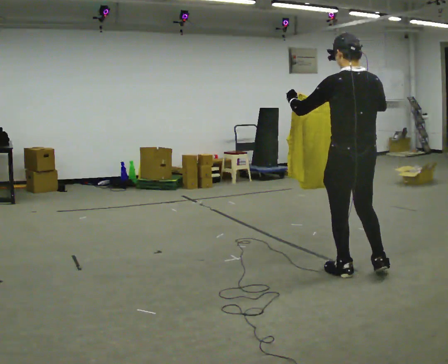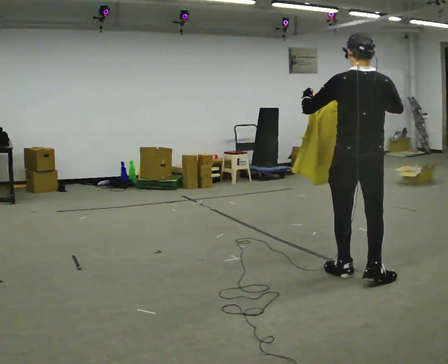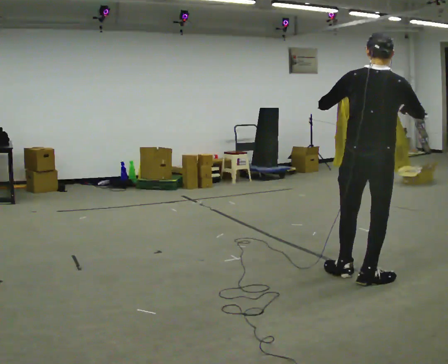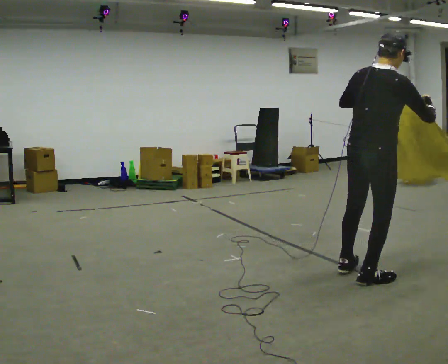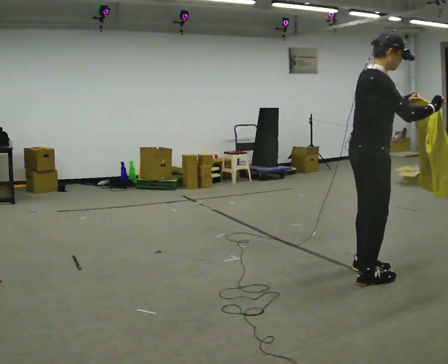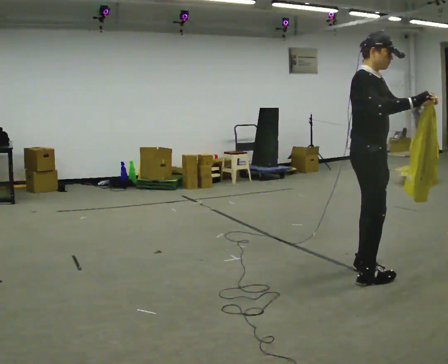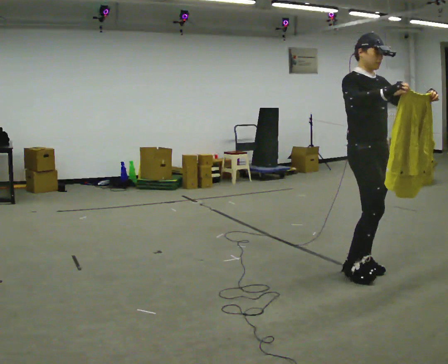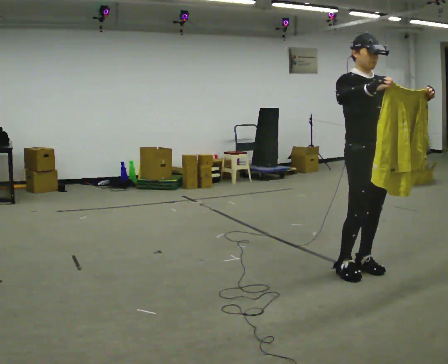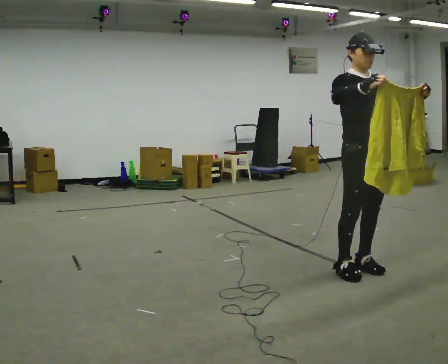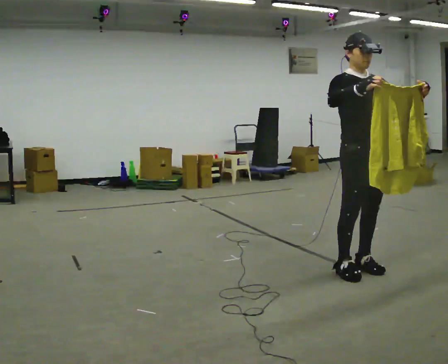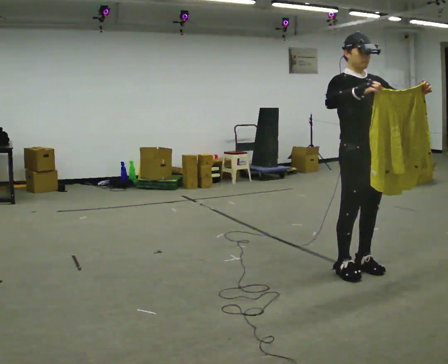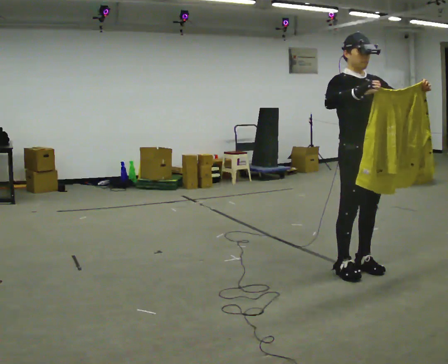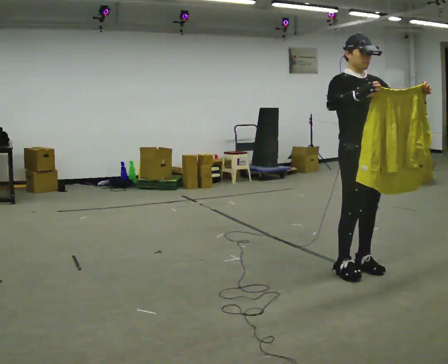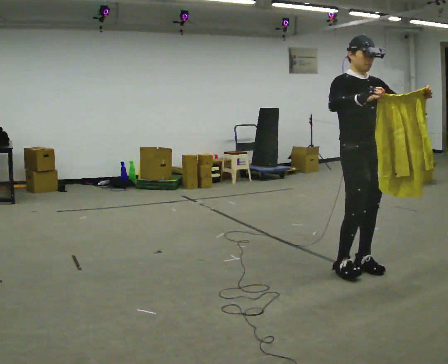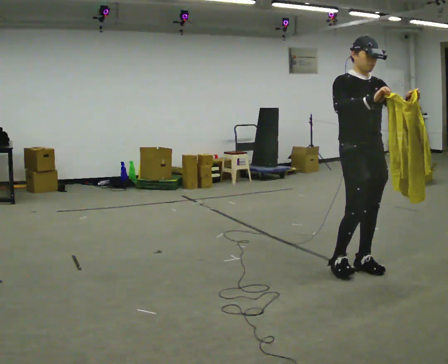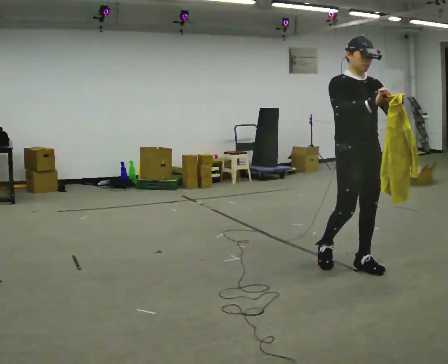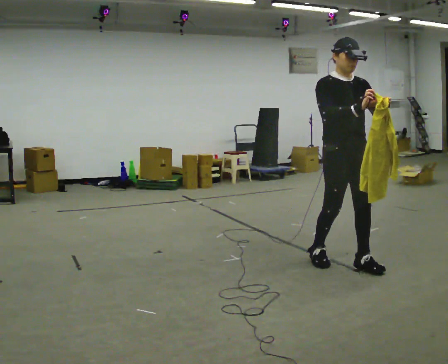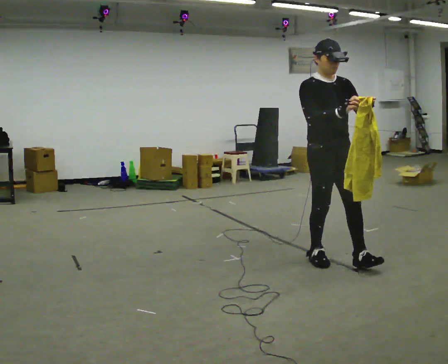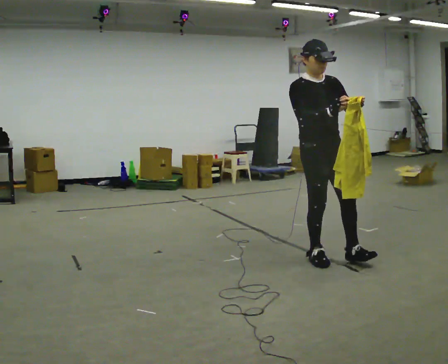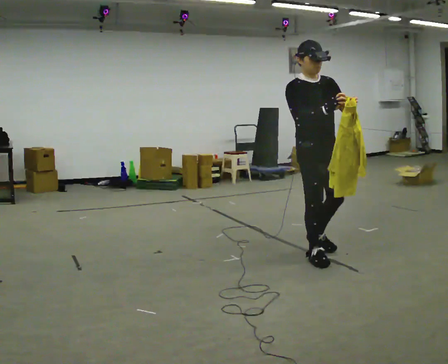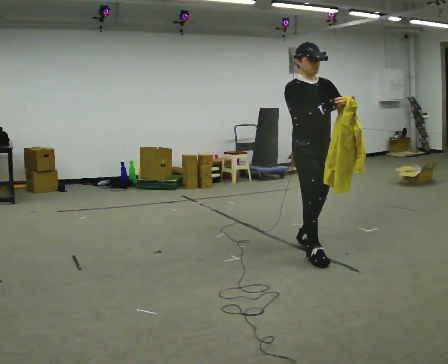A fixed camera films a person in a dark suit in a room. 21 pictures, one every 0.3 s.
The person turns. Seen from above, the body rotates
clockwise.
The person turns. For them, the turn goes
to their right.
0.0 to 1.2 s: The person turns about 90 degrees to their right, clockwise seen from above, so the part of the body nearest the lens slides to the left. In the picture their left hand goes to the right.
1.2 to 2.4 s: The person turns about 75 degrees to their right, clockwise seen from above, so the part of the body nearest the lens slides to the left. In the picture they go away from the camera, about 0.25 m in 1 step. In the picture the upper body tilts counterclockwise, shoulders to the left.
2.4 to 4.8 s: In the picture they go to the left, about 0.25 m in 1 step, which for them is backward.
4.8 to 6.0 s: In the picture they go to the left and away from the camera, about 0.5 m in 1 step, which for them is backward.
The film runs backward here.
